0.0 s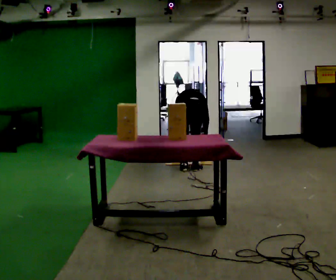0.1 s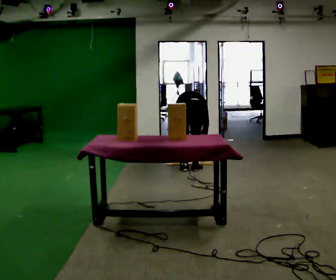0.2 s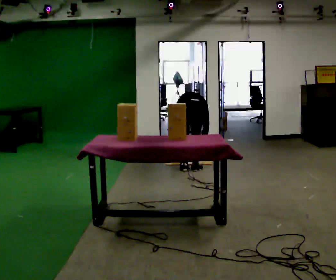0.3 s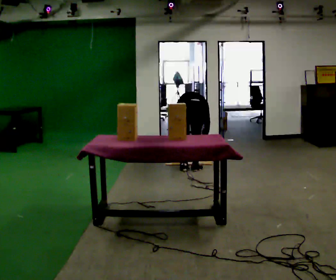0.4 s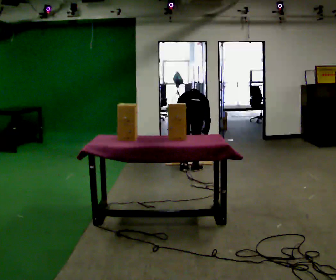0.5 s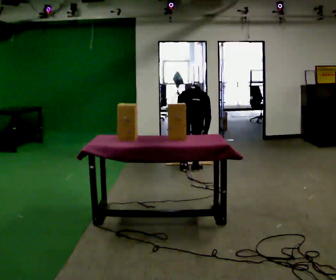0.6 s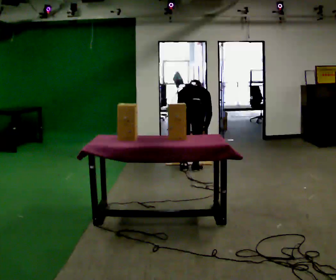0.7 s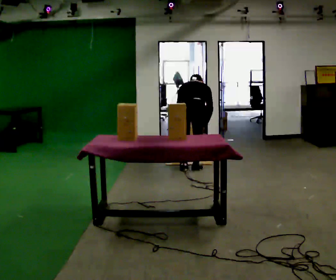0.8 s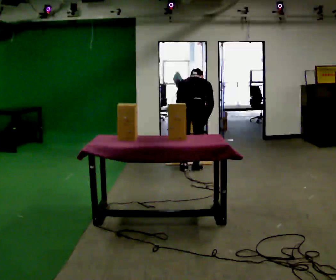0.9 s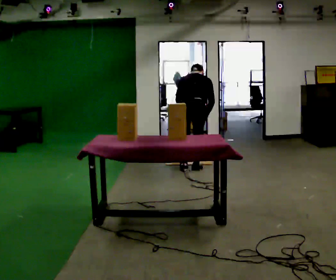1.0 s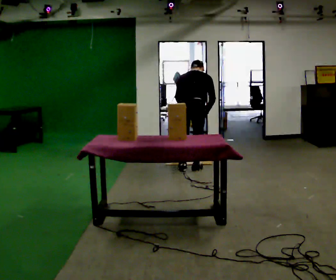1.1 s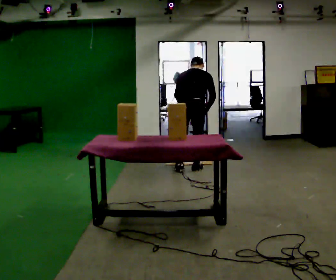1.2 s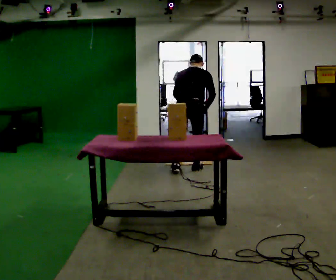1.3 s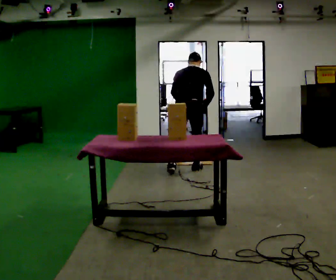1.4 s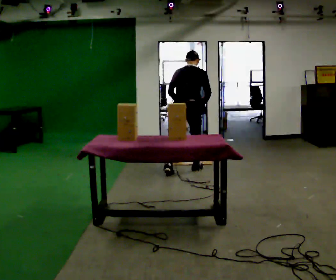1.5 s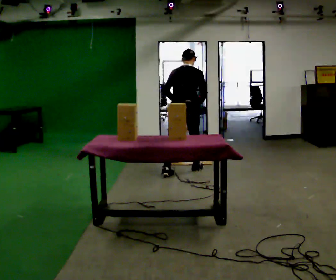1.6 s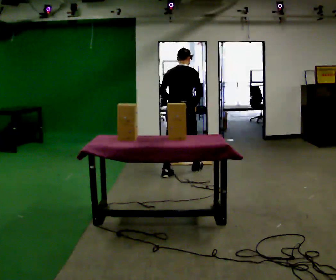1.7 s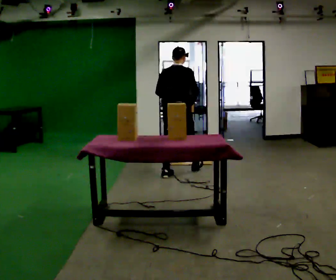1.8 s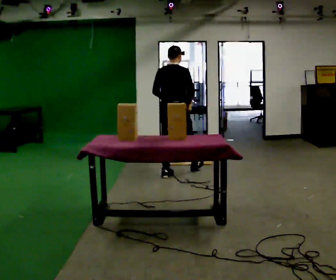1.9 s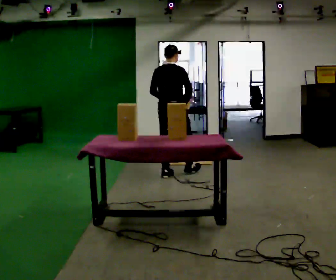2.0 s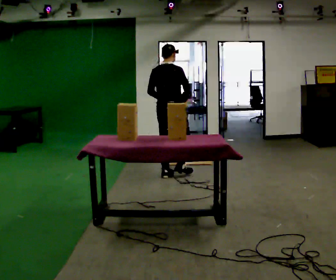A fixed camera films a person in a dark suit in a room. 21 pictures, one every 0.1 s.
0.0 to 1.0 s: The shoulders move upward. The upper body tips toward the camera, its near side rolling downward, as they lean back or straighten. In the picture their left hand goes upward.
1.0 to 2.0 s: In the picture they go to the left and toward the camera, about 0.25 m in 1 step, which for them is backward and to their left. The upper body tips toward the camera, its near side rolling downward, as they lean back or straighten.
The film runs backward here.
